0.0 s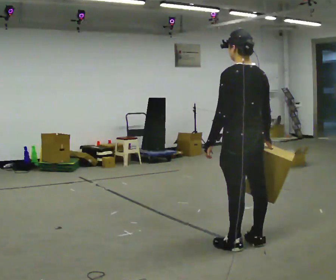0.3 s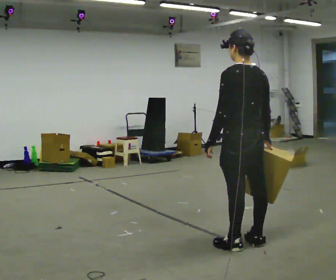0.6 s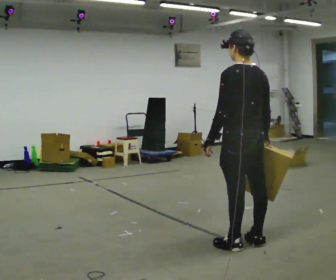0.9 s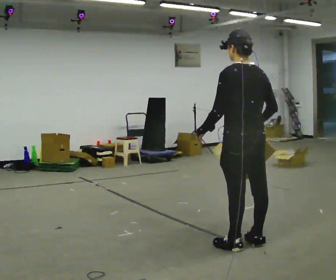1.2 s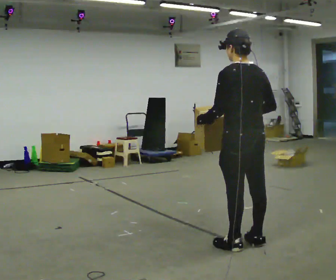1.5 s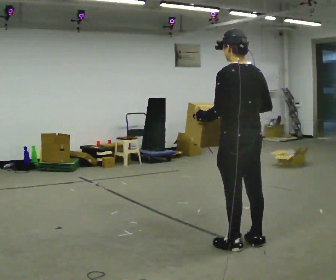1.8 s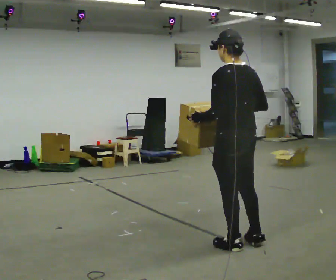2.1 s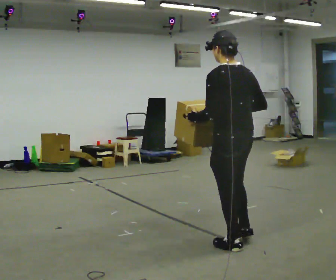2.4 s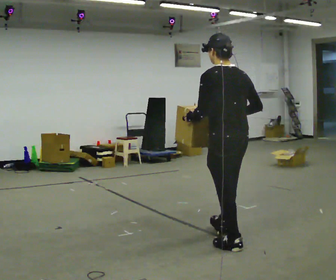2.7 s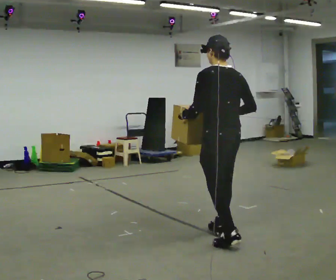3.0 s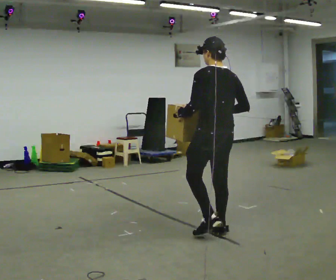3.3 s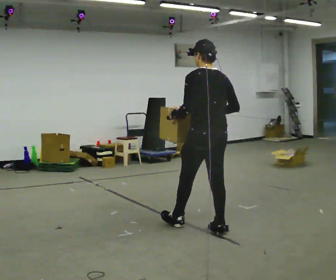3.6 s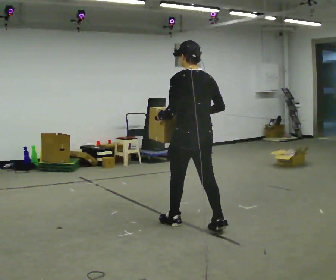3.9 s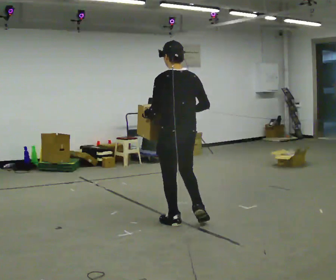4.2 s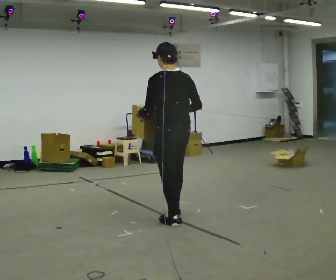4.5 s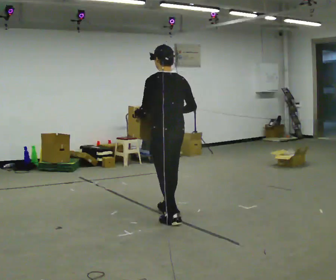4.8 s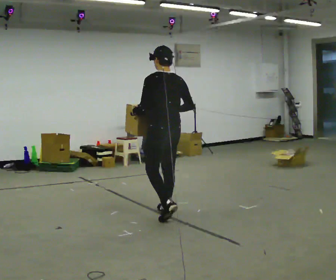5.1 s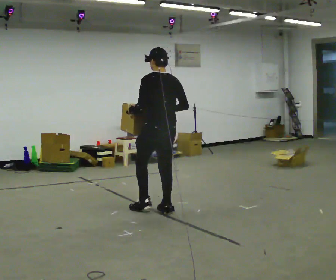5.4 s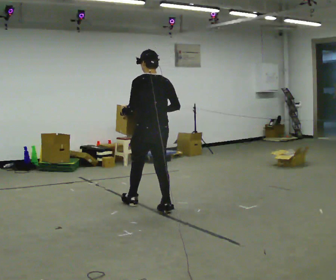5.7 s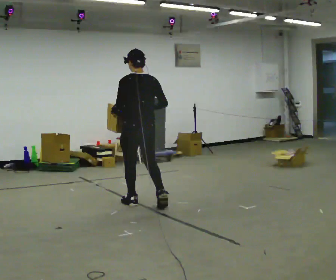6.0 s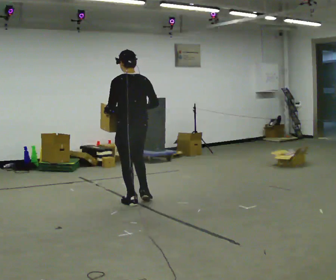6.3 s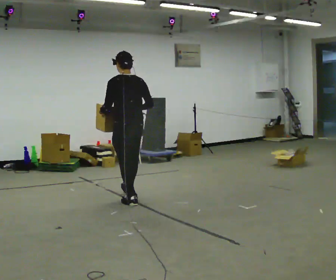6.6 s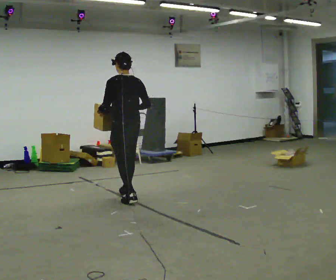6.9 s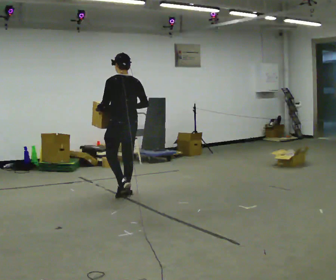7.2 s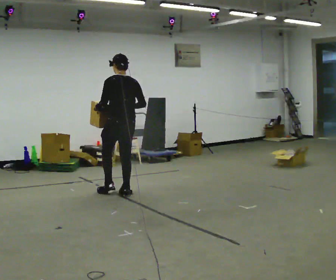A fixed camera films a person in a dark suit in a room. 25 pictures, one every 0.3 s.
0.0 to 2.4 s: The person moves a little, or ends about where they began.
2.4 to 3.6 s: In the picture they go away from the camera and to the left, about 0.5 m in 1 step, which for them is forward.
3.6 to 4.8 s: In the picture they go away from the camera and to the left, about 0.5 m in 1 step, which for them is forward.
4.8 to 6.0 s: In the picture they go to the left and away from the camera, about 0.5 m in 1 step, which for them is forward.
6.0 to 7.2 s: In the picture they go away from the camera and to the left, about 0.5 m in 1 step, which for them is forward.
The film runs forward here.
